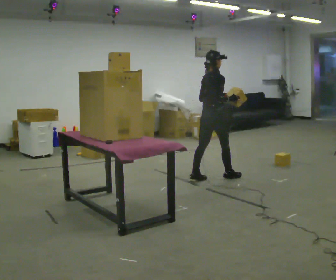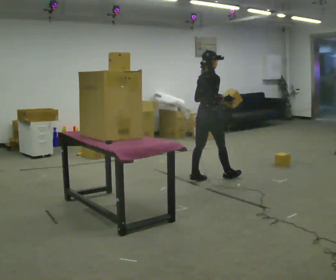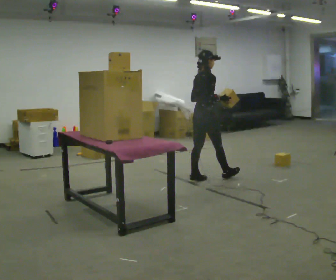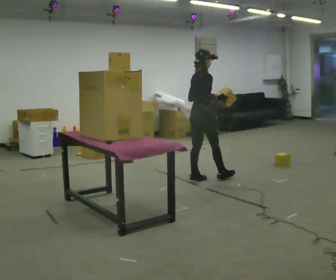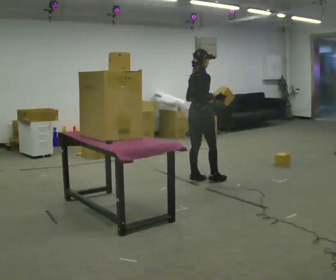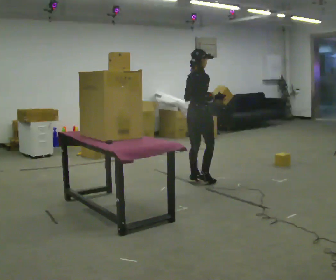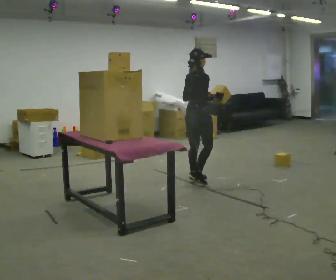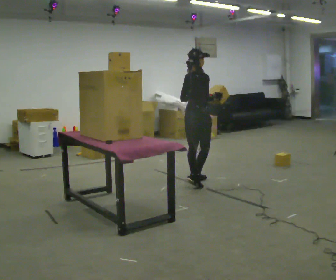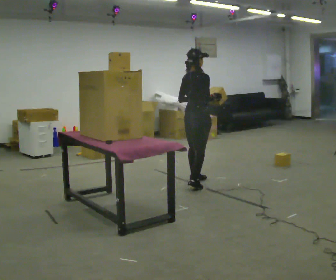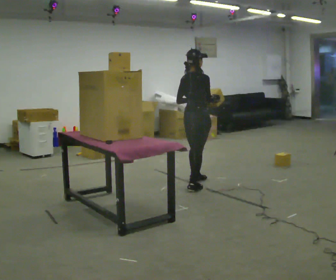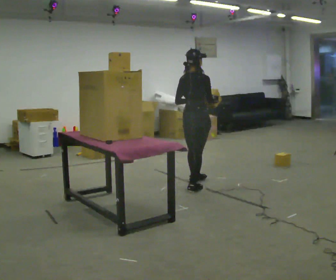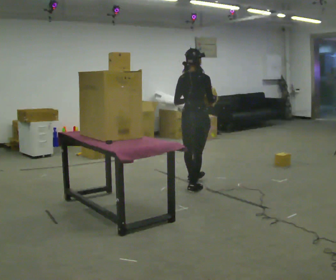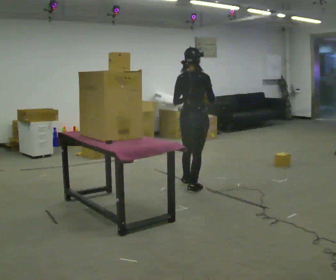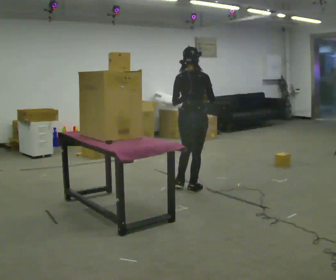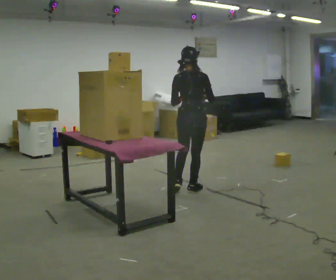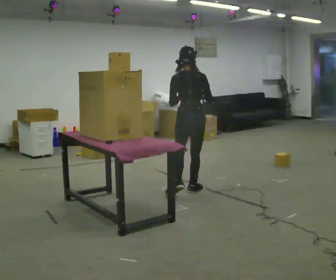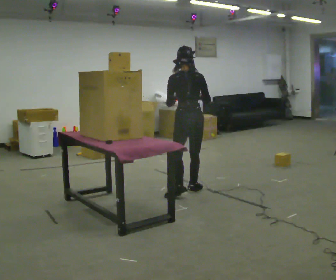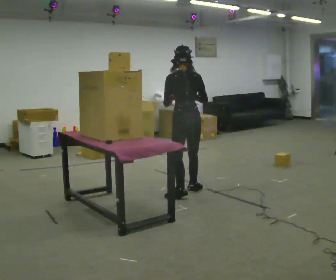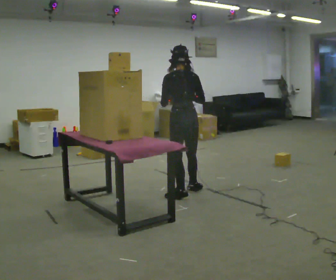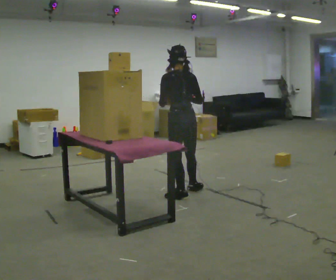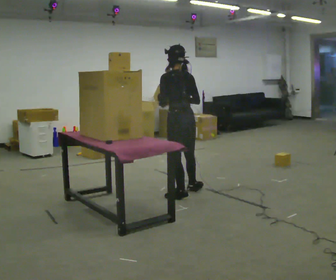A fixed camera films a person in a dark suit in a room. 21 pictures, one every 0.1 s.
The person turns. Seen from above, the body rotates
counterclockwise.
The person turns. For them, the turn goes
to their left.
0.0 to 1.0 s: In the picture they go toward the camera and to the left, about 0.5 m in 1 step, which for them is backward and to their right.
1.0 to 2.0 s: Seen from above the body turns counterclockwise, about 60 degrees: to their left, with its near side sliding to the right. In the picture they go toward the camera and to the left, about 0.5 m in 1 step.
The film runs backward here.
